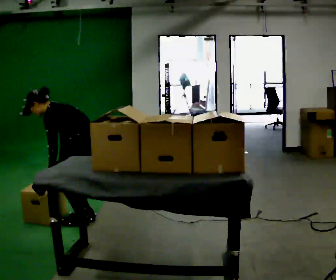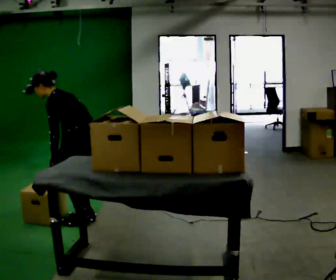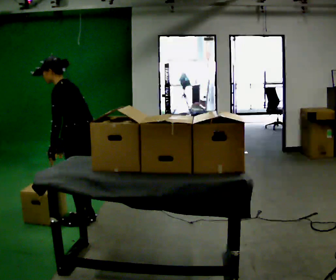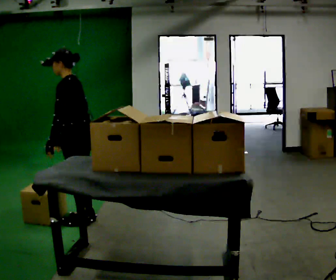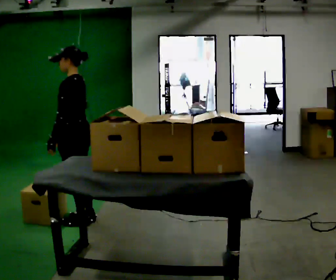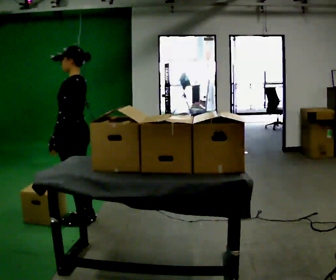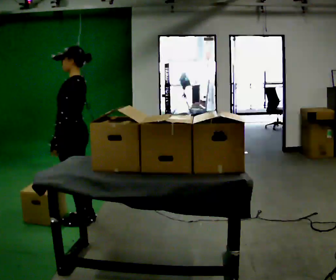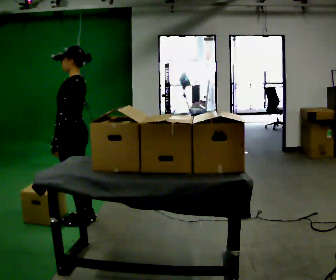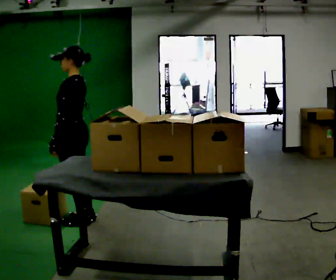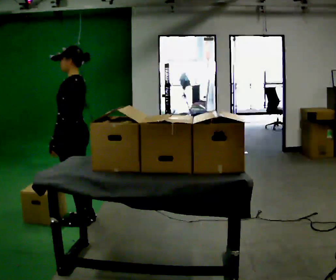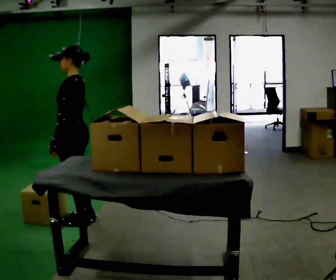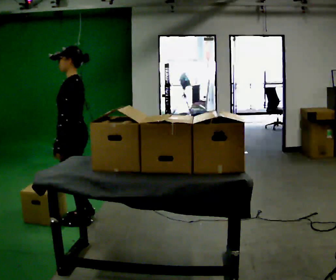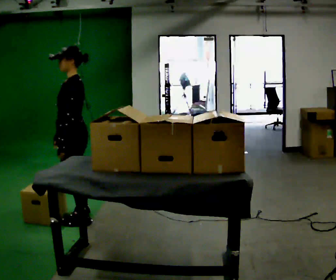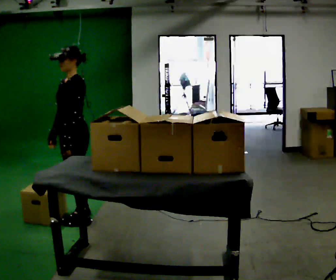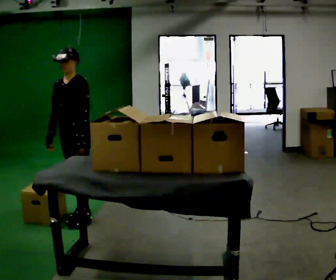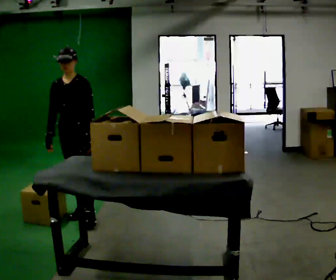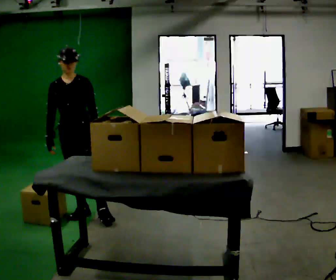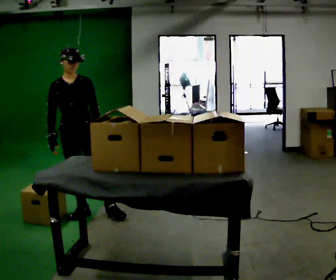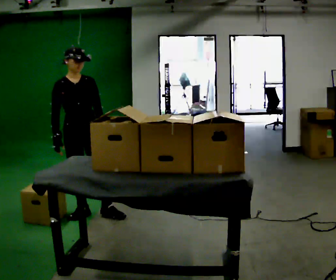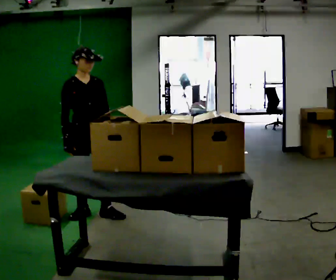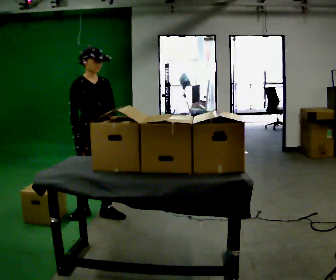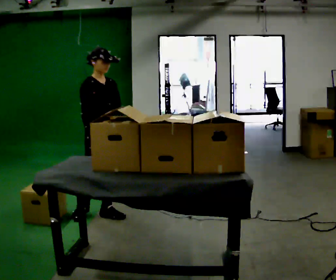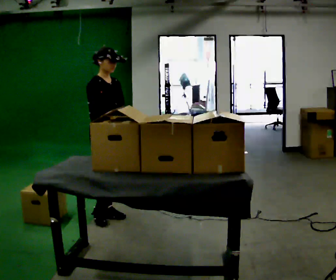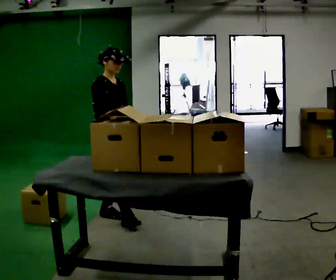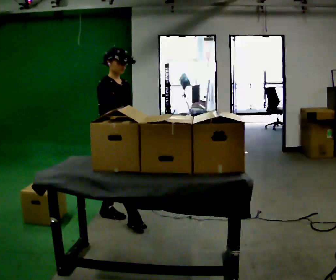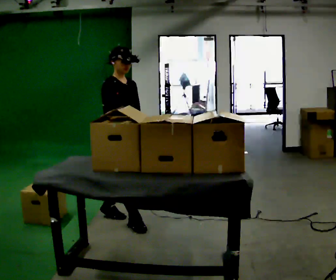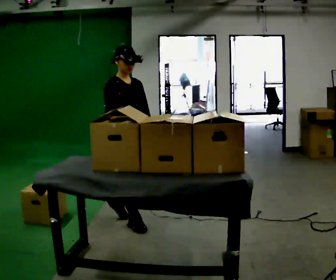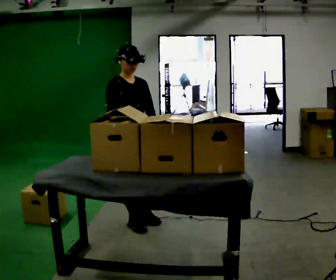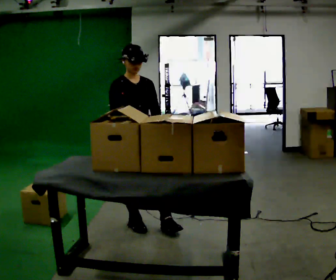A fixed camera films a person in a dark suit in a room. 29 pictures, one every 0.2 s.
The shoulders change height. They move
upward.
Their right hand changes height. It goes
upward.
0.0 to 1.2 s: The upper body goes upward. In the picture the upper body tilts clockwise, shoulders to the right, as they lean back or straighten.
1.2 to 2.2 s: The person moves a little, or ends about where they began.
2.2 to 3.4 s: The part of the body nearest the lens slides to the right as the person turns to their left by about 90 degrees. In the picture they go away from the camera, about 0.25 m in 2 steps. In the picture their left hand goes to the right, the arm swinging counterclockwise.
3.4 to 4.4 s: The part of the body nearest the lens slides to the right as the person turns to their left by about 45 degrees. In the picture they go to the right, about 0.25 m, which for them is to their left and forward.
4.4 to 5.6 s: In the picture they go toward the camera and to the right, about 0.5 m in 1 step, which for them is forward.
The film runs forward here.
